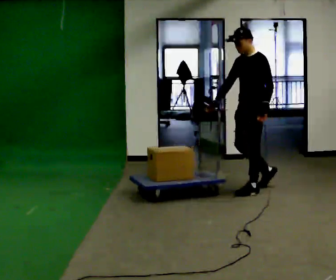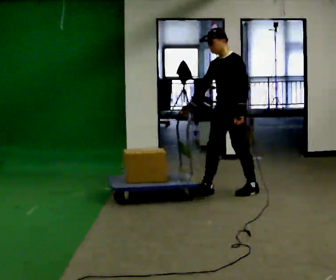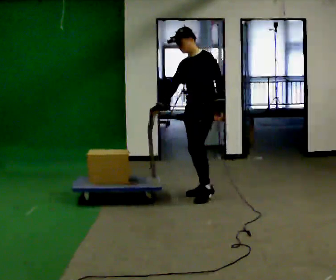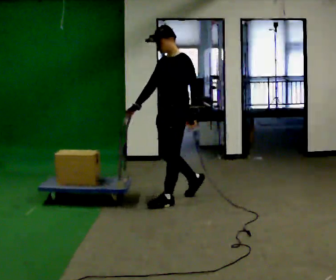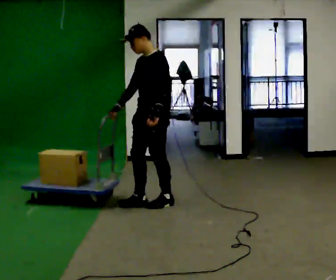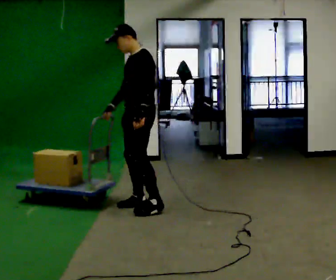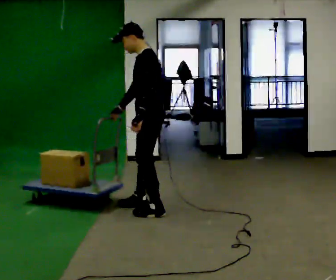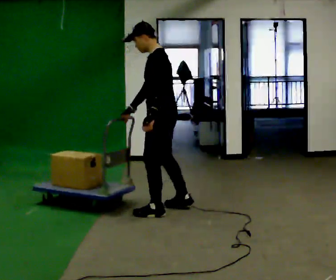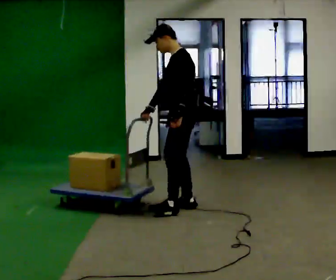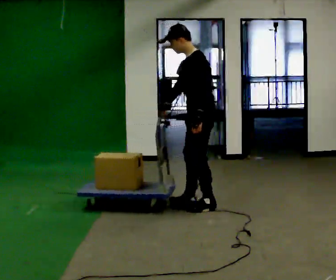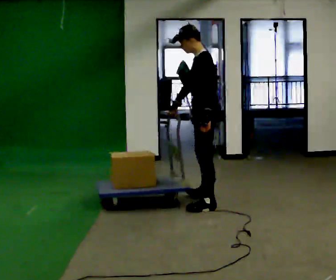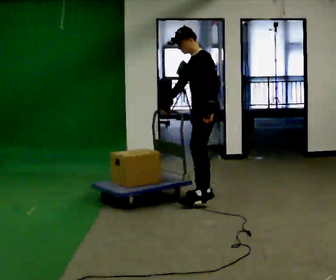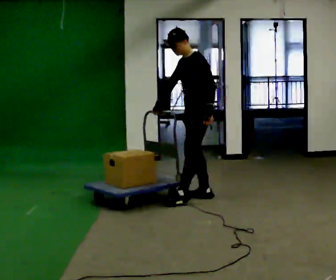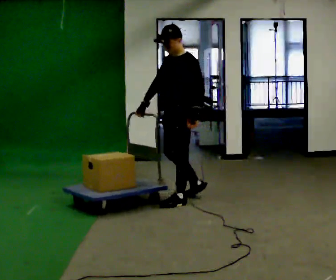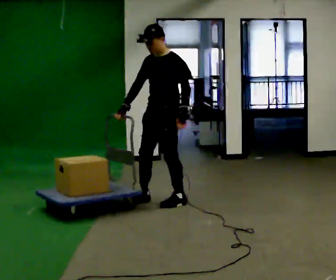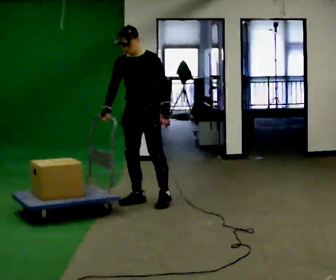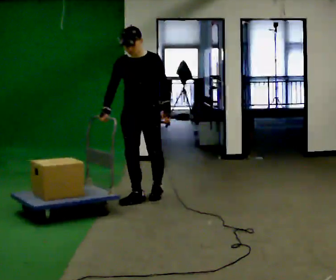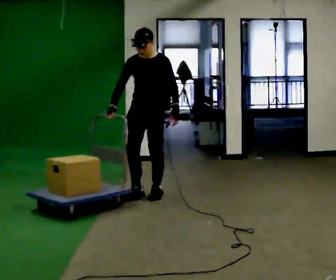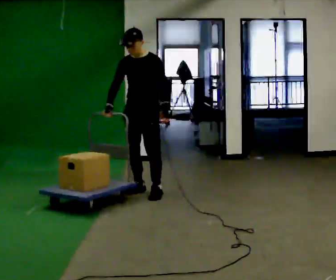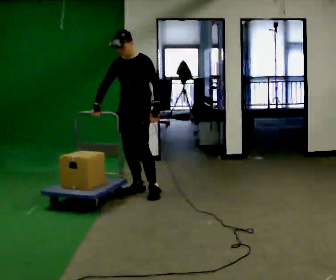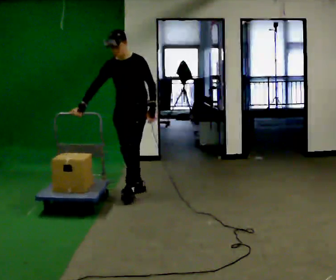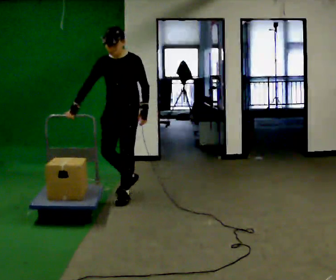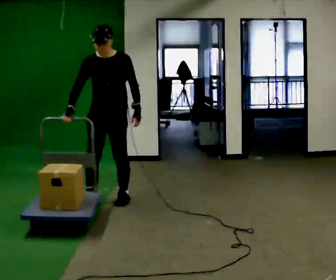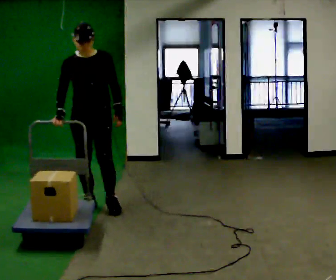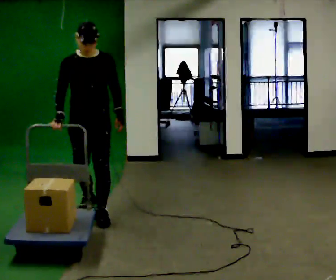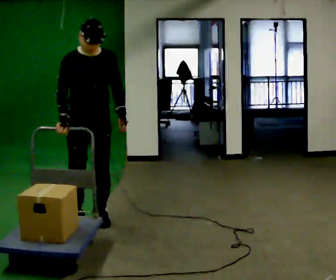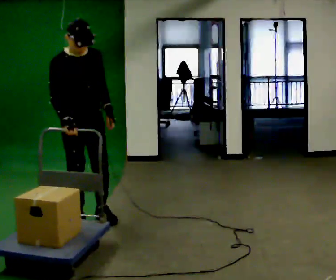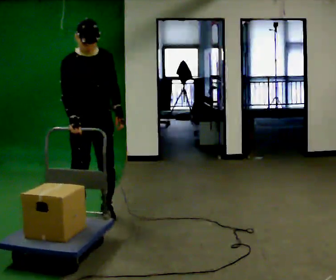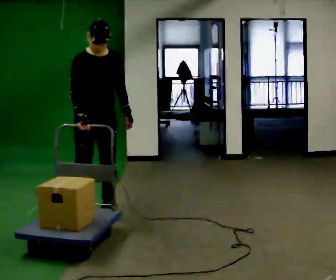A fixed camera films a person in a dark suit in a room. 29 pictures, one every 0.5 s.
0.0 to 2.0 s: In the picture they go to the left and toward the camera, about 1 m in 3 steps, which for them is forward.
2.0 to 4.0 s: Seen from above the body turns clockwise, about 30 degrees: to their right, with its near side sliding to the left. In the picture they go to the right, about 0.25 m in 2 steps, which for them is backward and to their left.
4.0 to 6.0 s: In the picture they go away from the camera, about 0.5 m in 2 steps, which for them is to their right.
6.0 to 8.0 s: The part of the body nearest the lens slides to the right as the person turns to their left by about 75 degrees. In the picture they go to the left, about 0.5 m in 3 steps.
8.0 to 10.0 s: Seen from above the body turns clockwise, about 30 degrees: to their right, with its near side sliding to the left. In the picture they go away from the camera, about 0.25 m in 1 step, which for them is to their right and backward.
10.0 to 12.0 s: The part of the body nearest the lens slides to the right as the person turns to their left by about 30 degrees. In the picture they go toward the camera, about 1 m in 3 steps, which for them is forward.
12.0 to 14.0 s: The person moves a little, or ends about where they began.
The film runs forward here.
